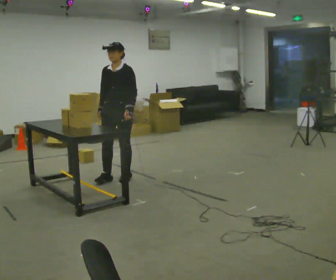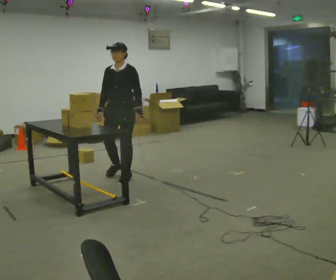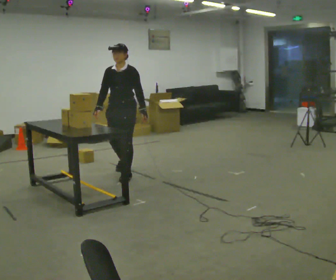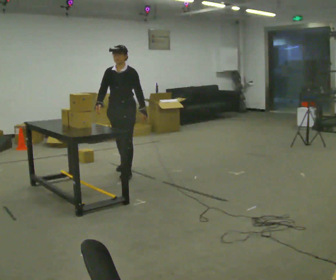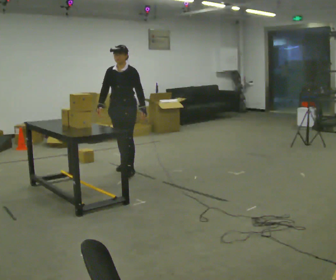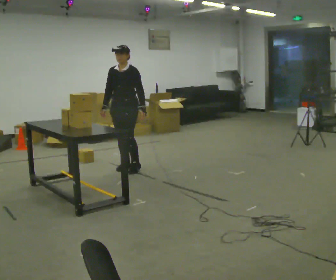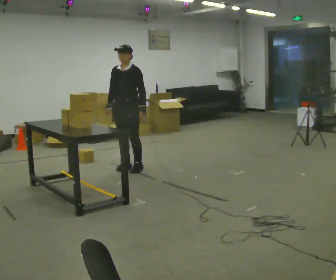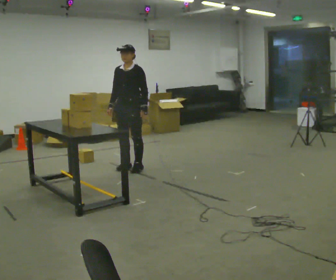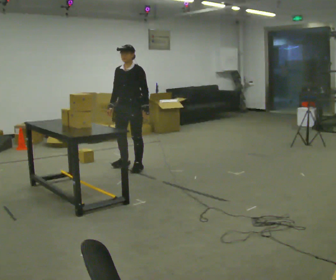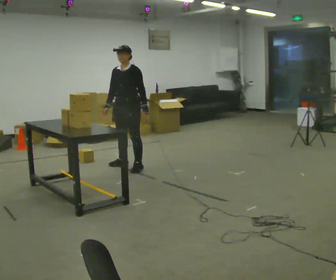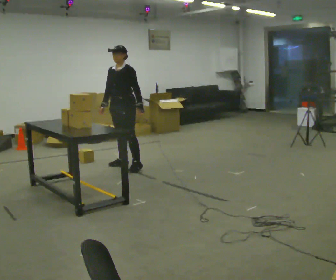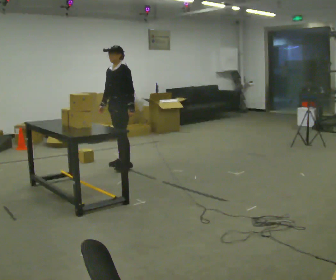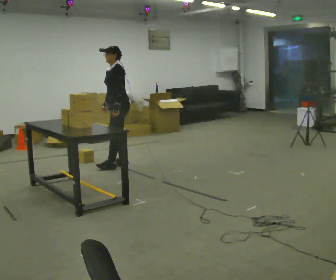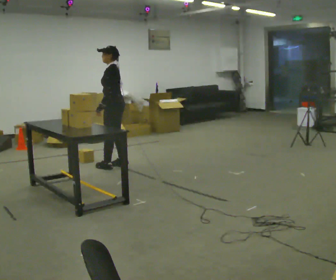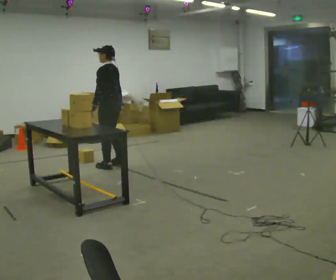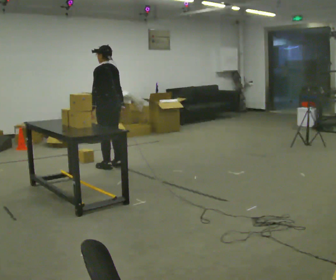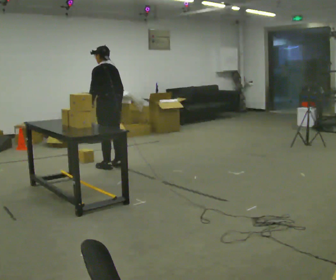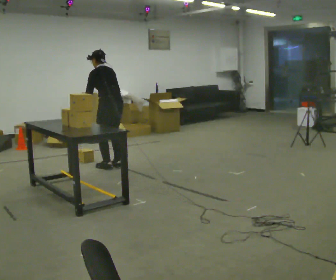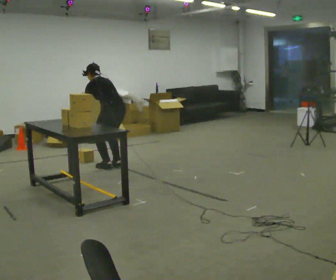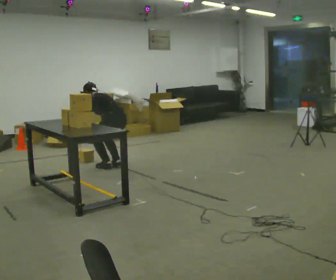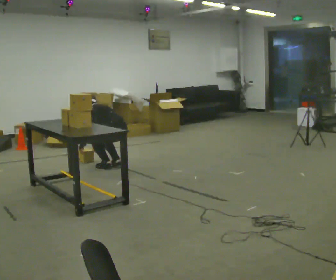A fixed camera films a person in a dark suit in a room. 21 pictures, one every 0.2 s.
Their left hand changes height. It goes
downward.
The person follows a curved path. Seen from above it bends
counterclockwise.
0.0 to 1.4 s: In the picture they go away from the camera, about 0.5 m in 1 step, which for them is backward.
1.4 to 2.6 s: Seen from above the body turns clockwise, about 60 degrees: to their right, with its near side sliding to the left. In the picture they go to the left, about 0.25 m in 2 steps. In the picture their left hand goes to the left.
2.6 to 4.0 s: Seen from above the body turns clockwise, about 30 degrees: to their right, with its near side sliding to the left. The shoulders move downward. In the picture the upper body tilts counterclockwise, shoulders to the left, as they bend forward. In the picture their left hand goes downward and to the left.
The film runs backward here.
